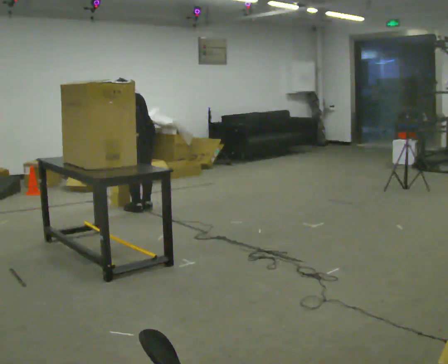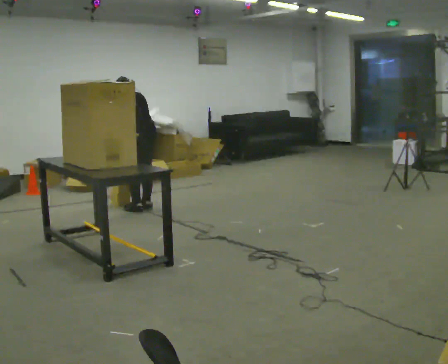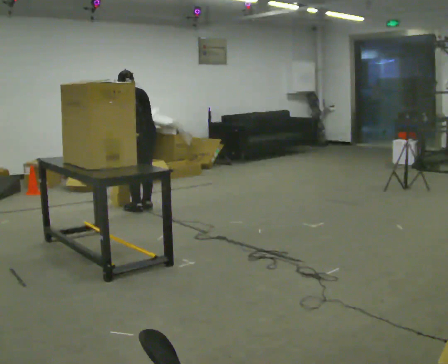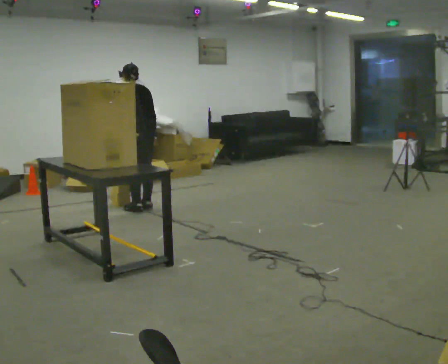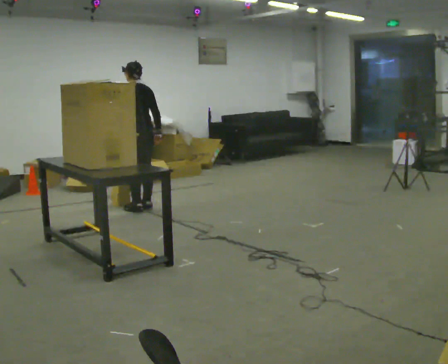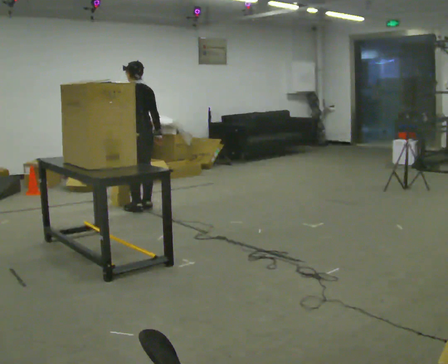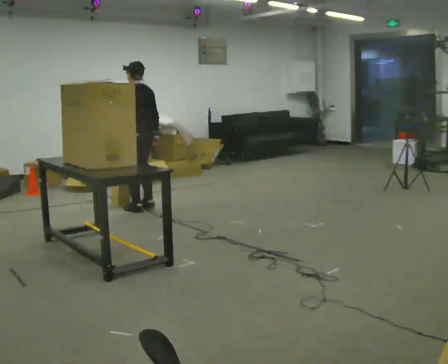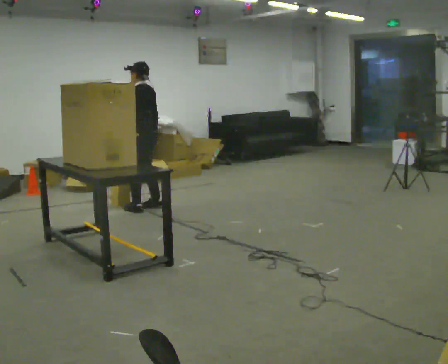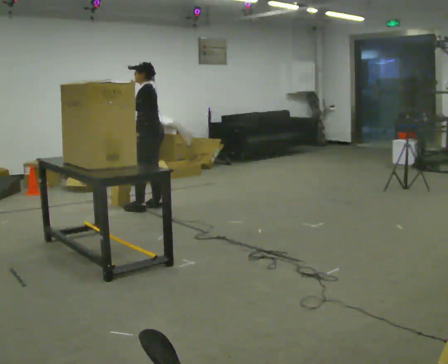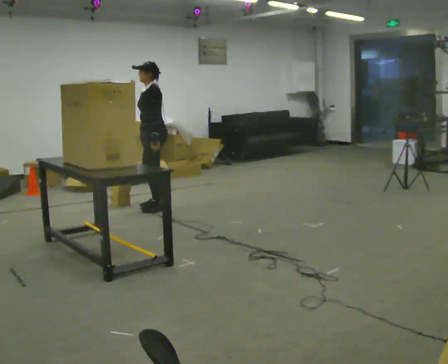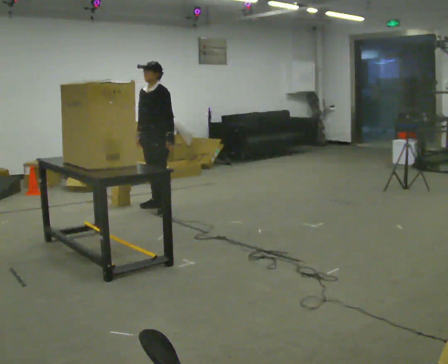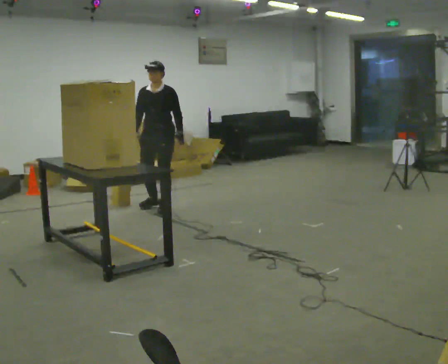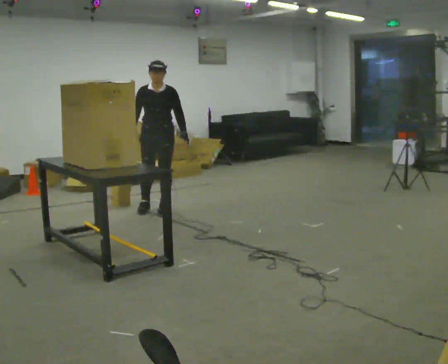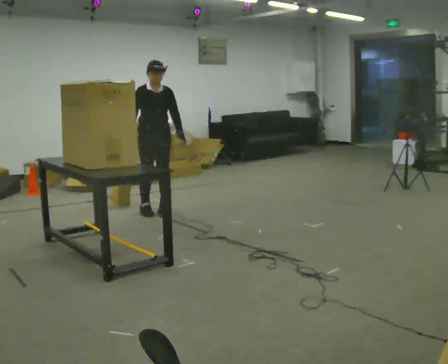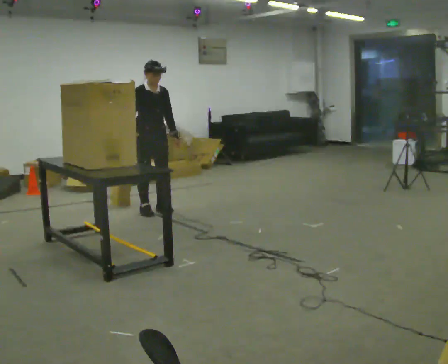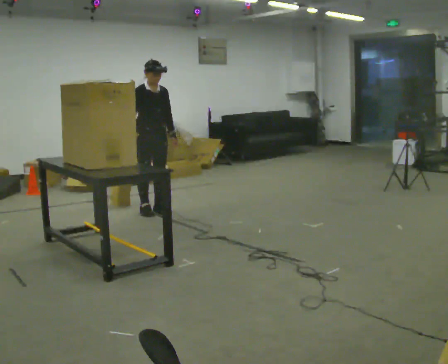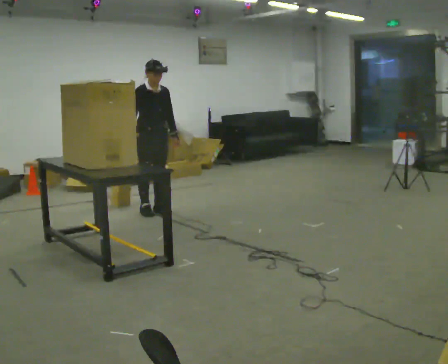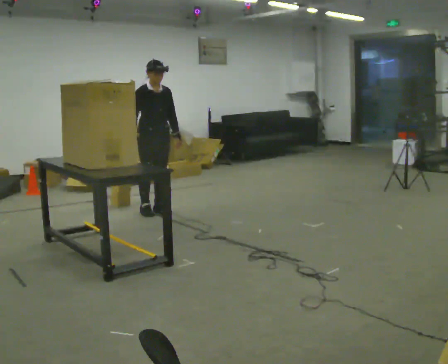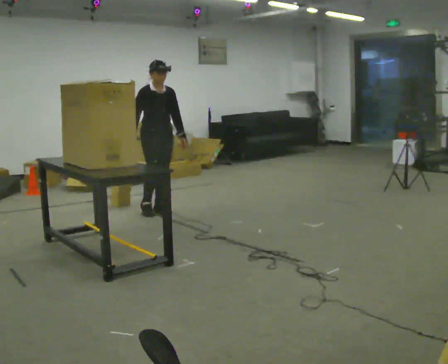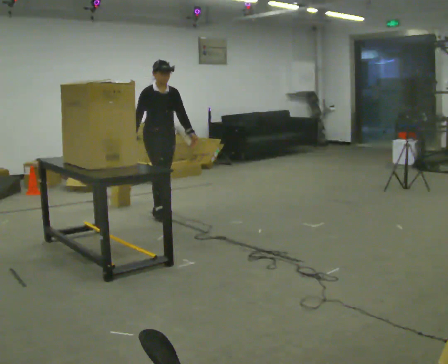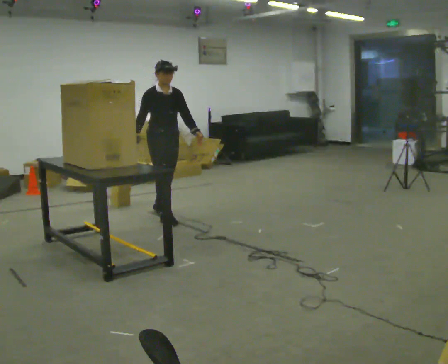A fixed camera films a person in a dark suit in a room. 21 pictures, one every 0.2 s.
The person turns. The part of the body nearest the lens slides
to the right.
The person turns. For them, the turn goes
to their left.
0.0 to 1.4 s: The part of the body nearest the lens slides to the right as the person turns to their left by about 30 degrees. The upper body tips toward the camera, its near side rolling downward, as they lean back or straighten.
1.4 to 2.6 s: The person turns about 135 degrees to their left, counterclockwise seen from above, so the part of the body nearest the lens slides to the right. In the picture their left hand goes to the right, the arm swinging counterclockwise.
2.6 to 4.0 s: In the picture they go toward the camera, about 0.25 m in 1 step, which for them is forward.
The film runs forward here.
